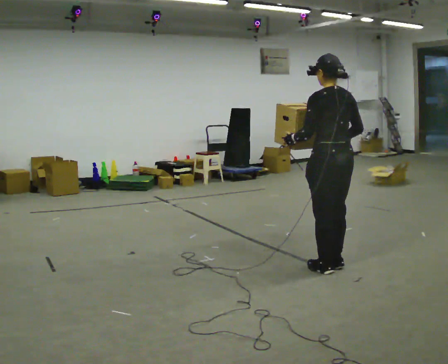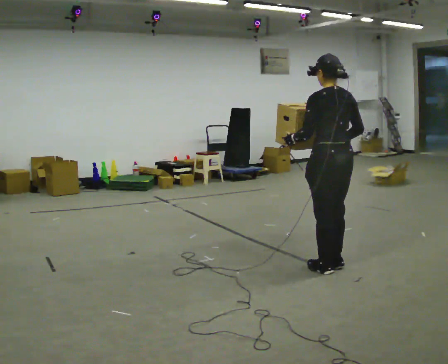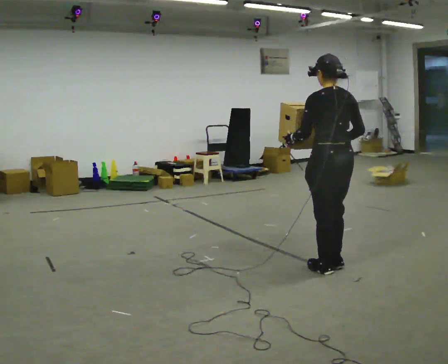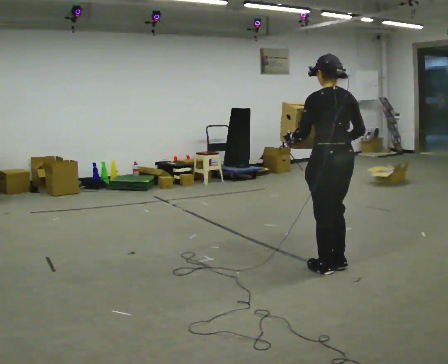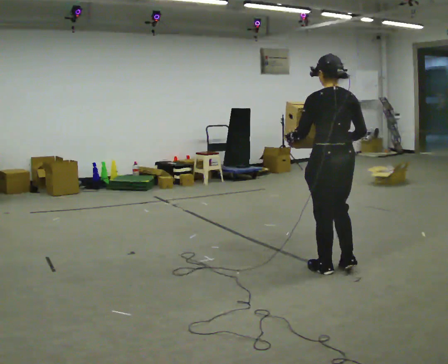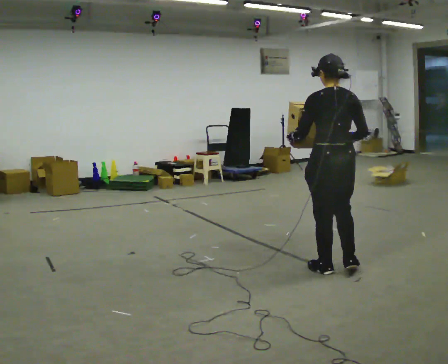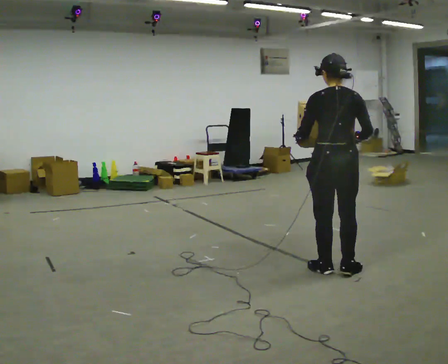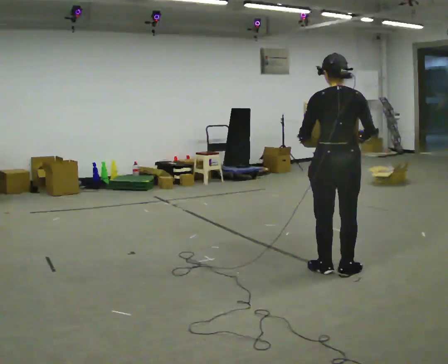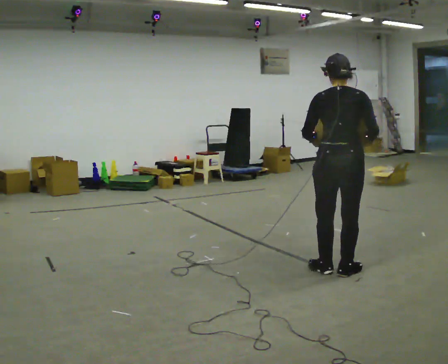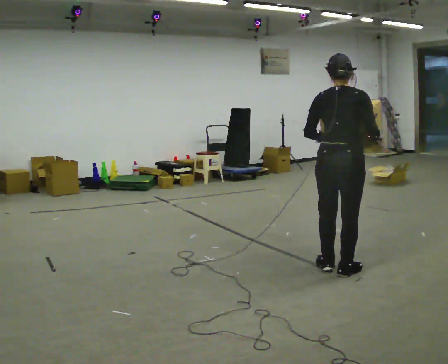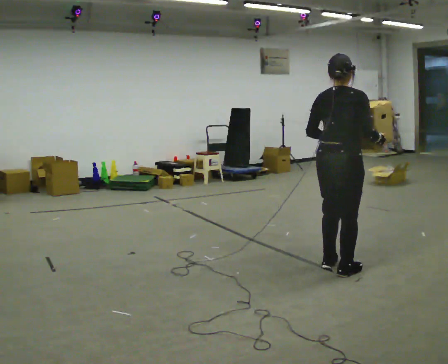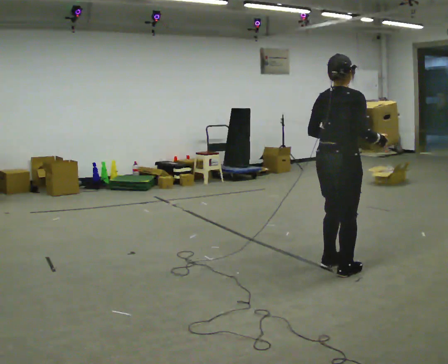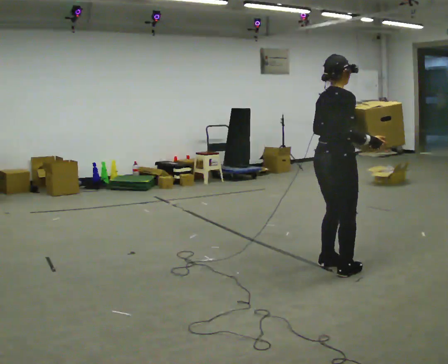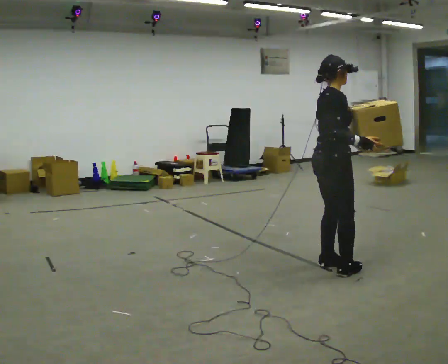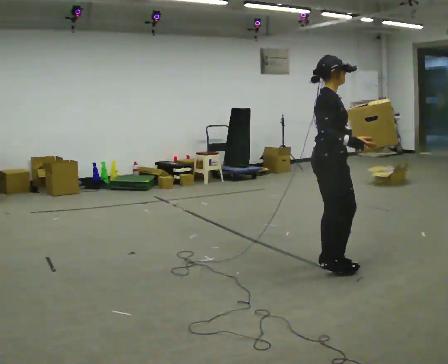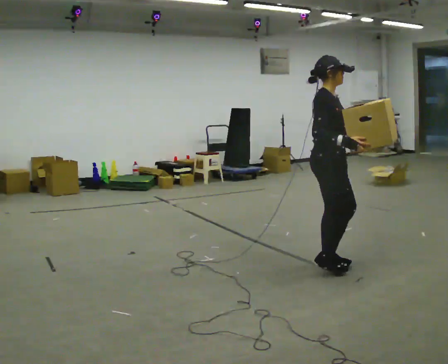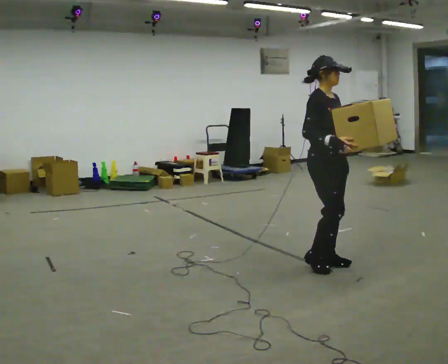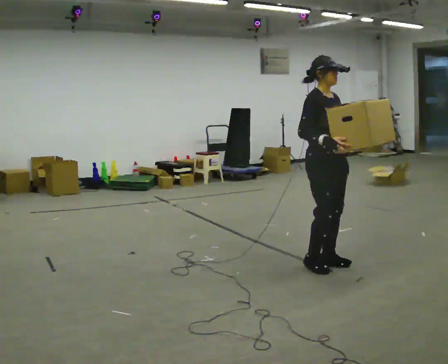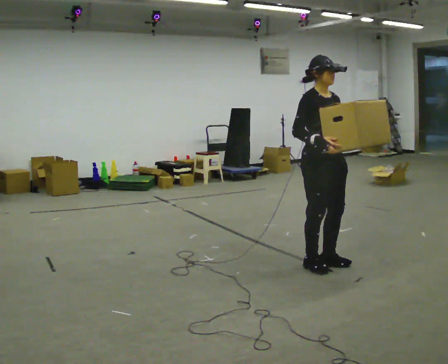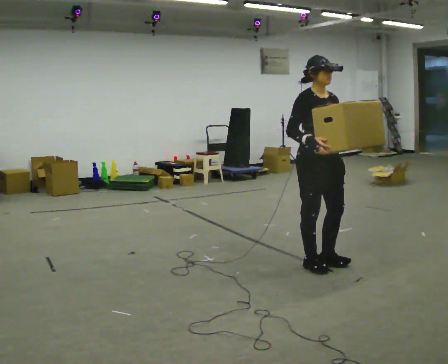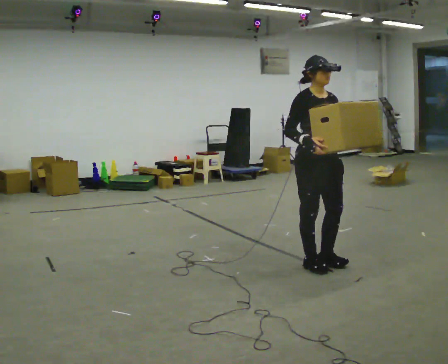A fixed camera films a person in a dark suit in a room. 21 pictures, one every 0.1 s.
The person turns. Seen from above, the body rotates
clockwise.
The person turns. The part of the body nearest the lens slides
to the left.
0.0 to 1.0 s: The part of the body nearest the lens slides to the left as the person turns to their right by about 60 degrees.
1.0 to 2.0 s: The part of the body nearest the lens slides to the left as the person turns to their right by about 105 degrees. In the picture they go to the left, about 0.25 m in 1 step. In the picture their right hand goes to the left.
The film runs backward here.
